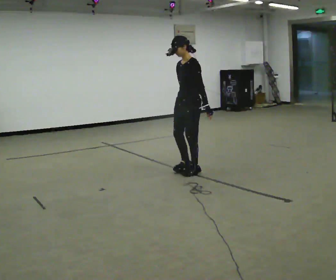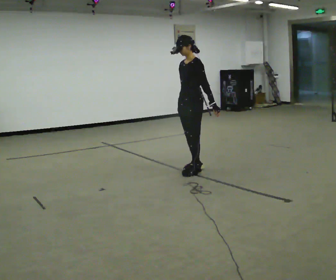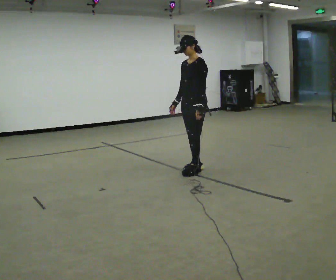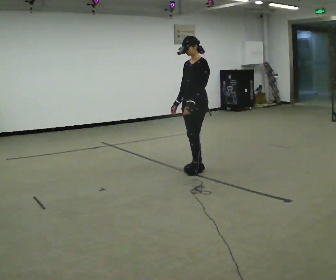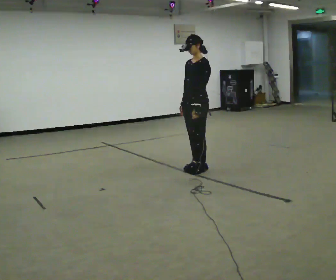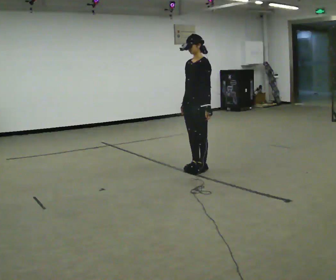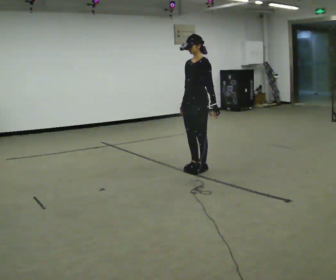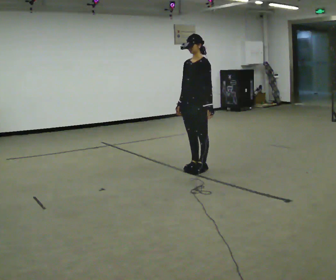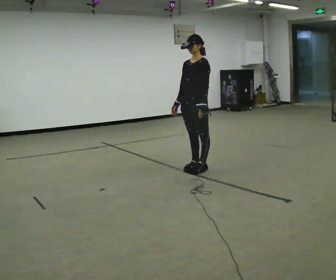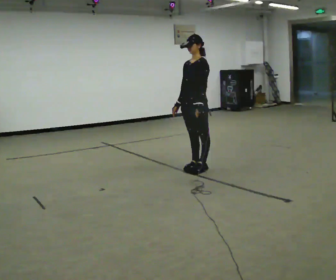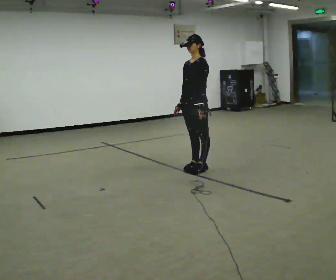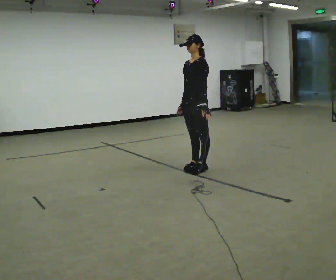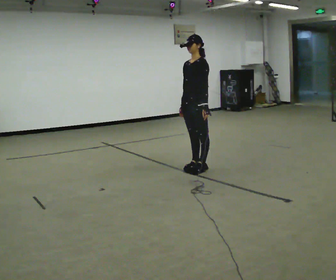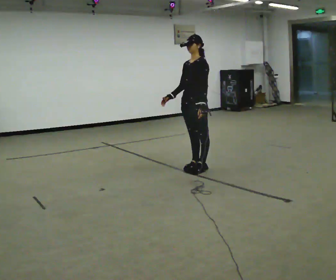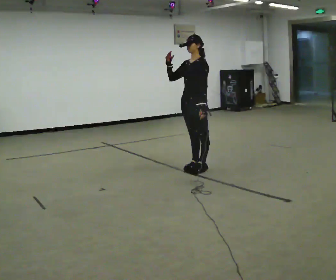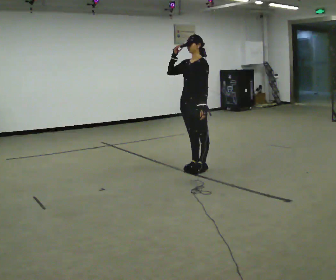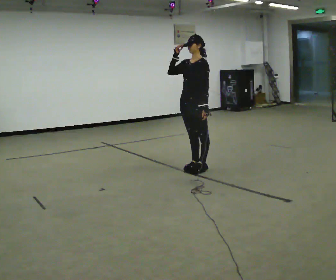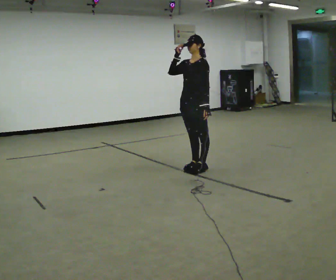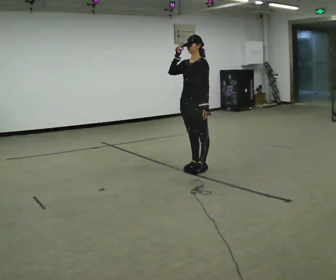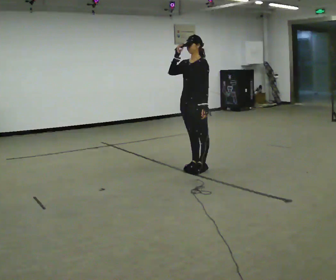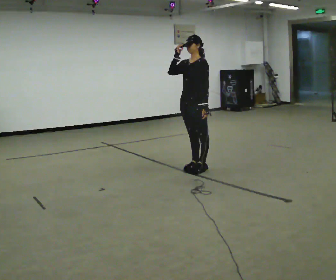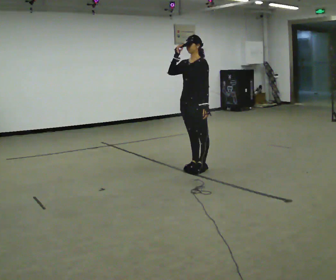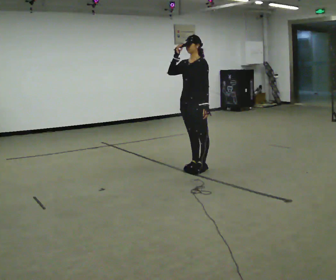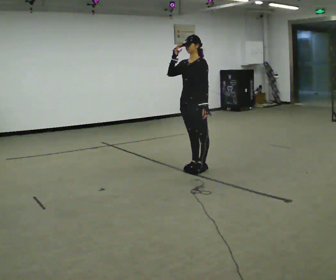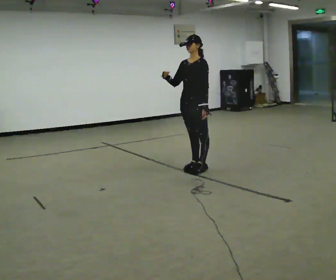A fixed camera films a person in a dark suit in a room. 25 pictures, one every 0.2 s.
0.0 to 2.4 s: The person moves a little, or ends about where they began.
2.4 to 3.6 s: In the picture their right hand goes upward.
3.6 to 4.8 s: In the picture their right hand goes downward.
The film runs forward here.
